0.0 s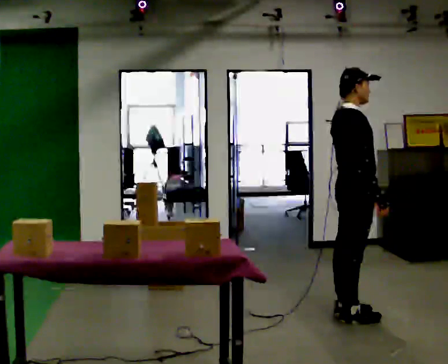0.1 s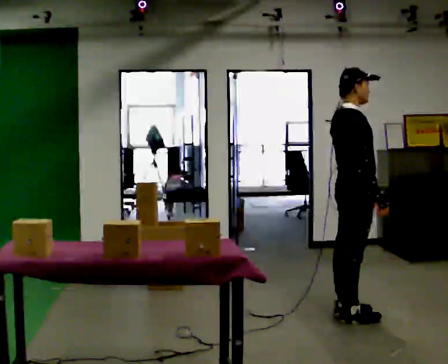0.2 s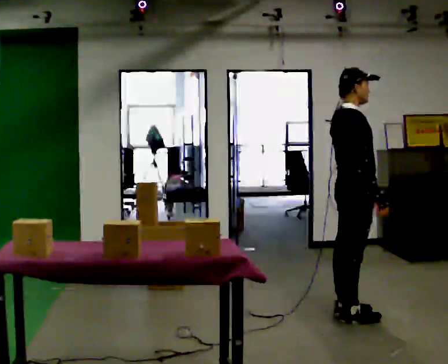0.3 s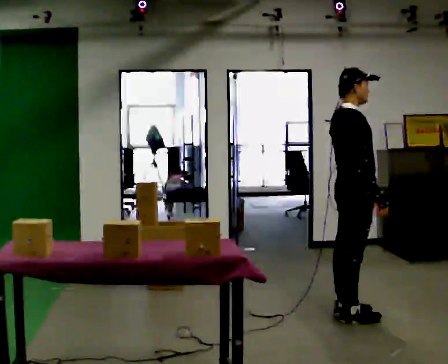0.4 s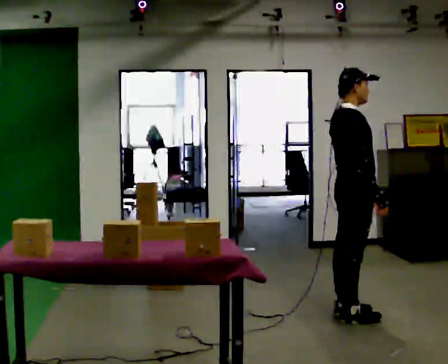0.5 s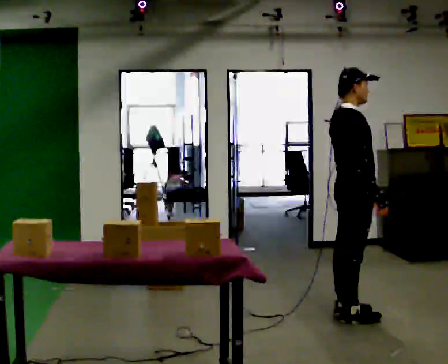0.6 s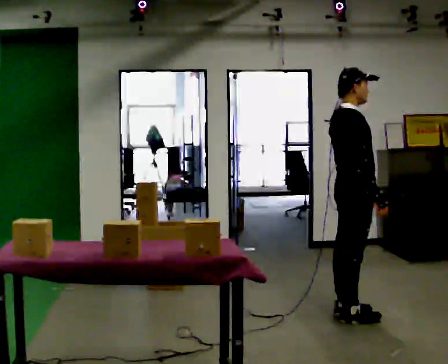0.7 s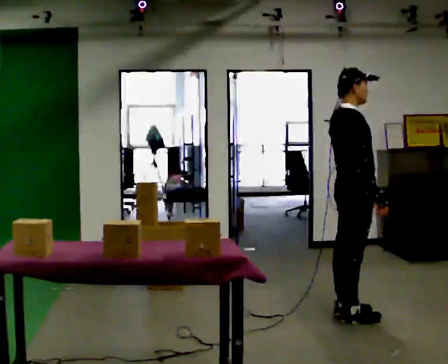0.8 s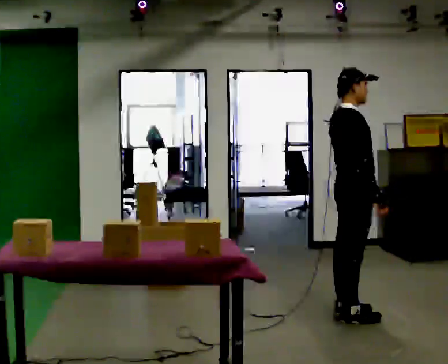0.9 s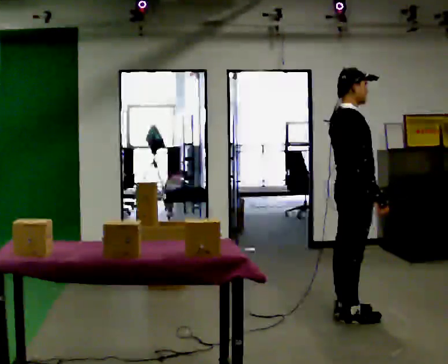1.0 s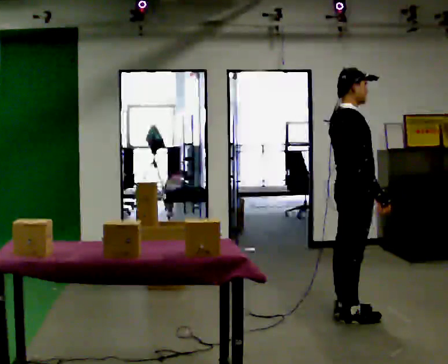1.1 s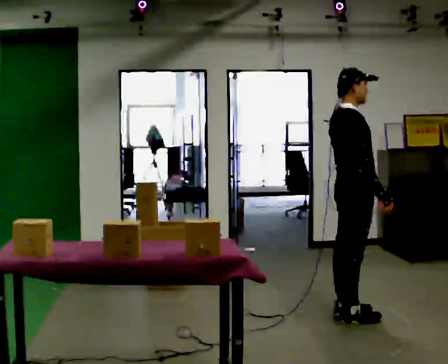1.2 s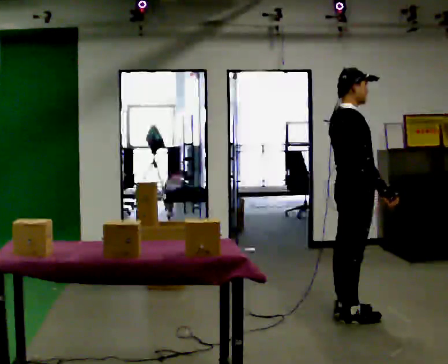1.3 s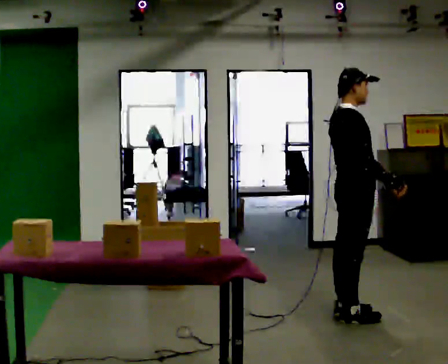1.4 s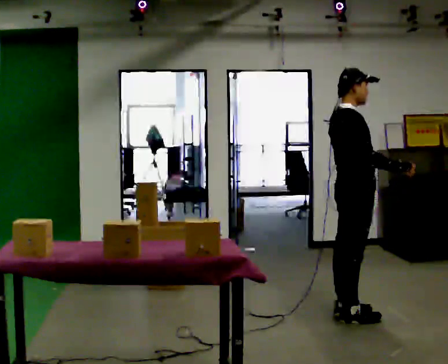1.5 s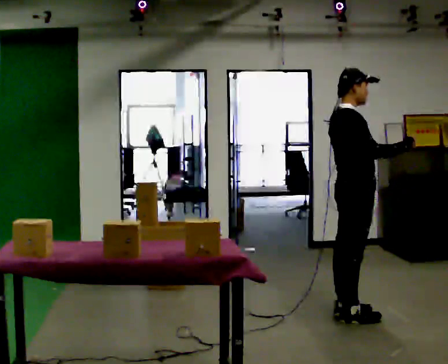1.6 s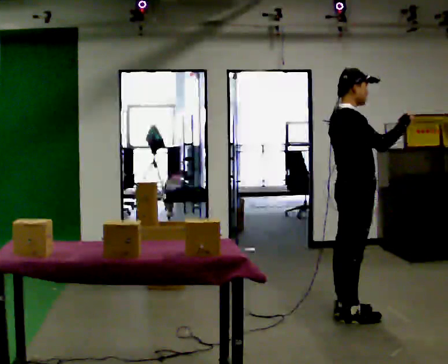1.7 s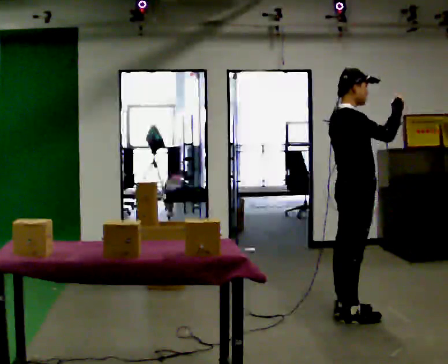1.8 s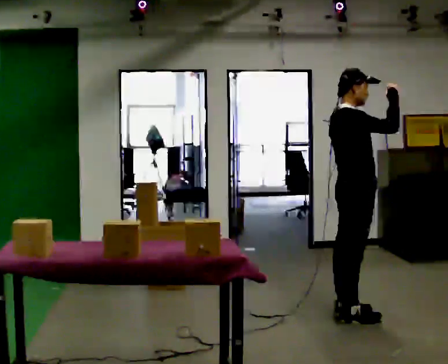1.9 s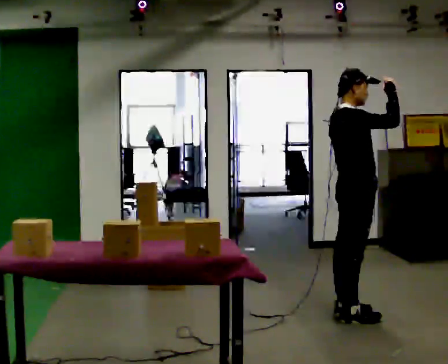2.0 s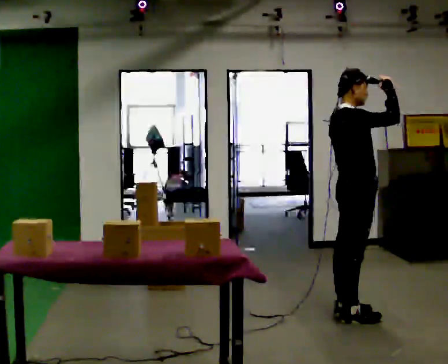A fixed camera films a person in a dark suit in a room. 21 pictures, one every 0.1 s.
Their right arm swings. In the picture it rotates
counterclockwise.
Their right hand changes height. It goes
upward.
0.0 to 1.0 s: The person keeps their place and pose.
1.0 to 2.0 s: In the picture their right hand goes upward, the arm swinging counterclockwise.
The film runs forward here.
